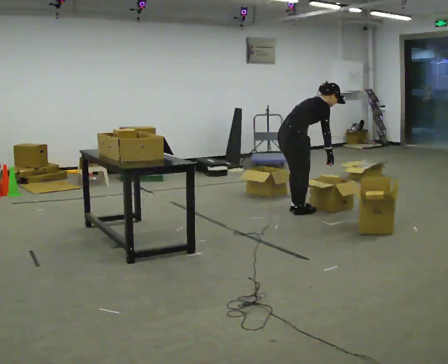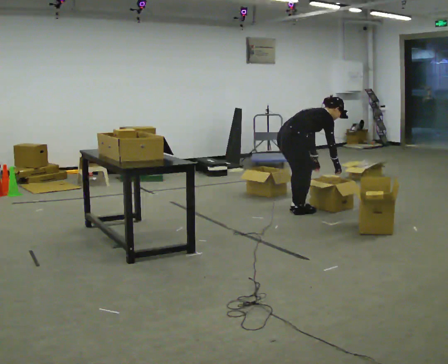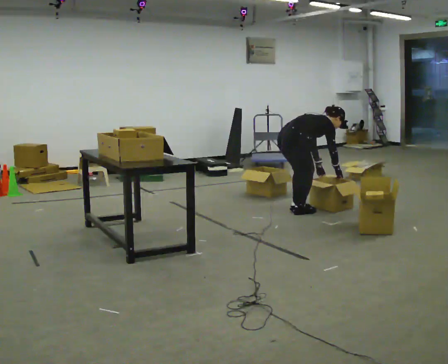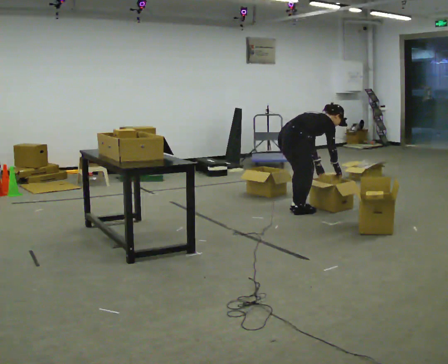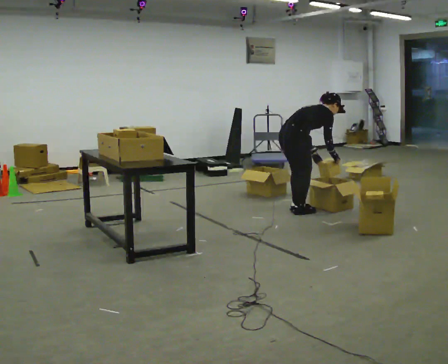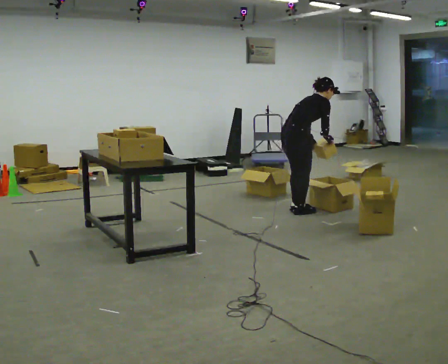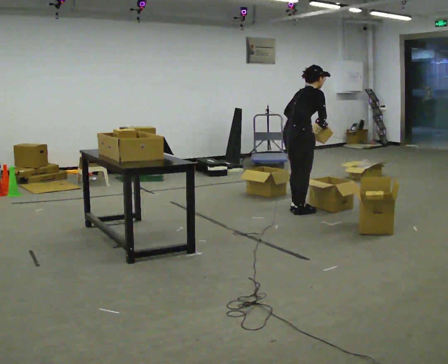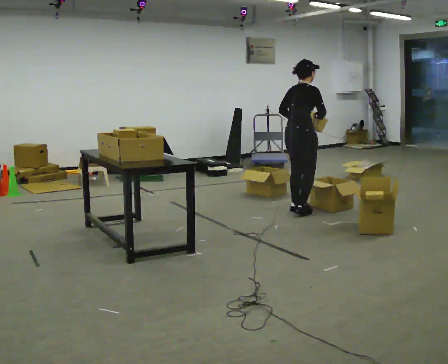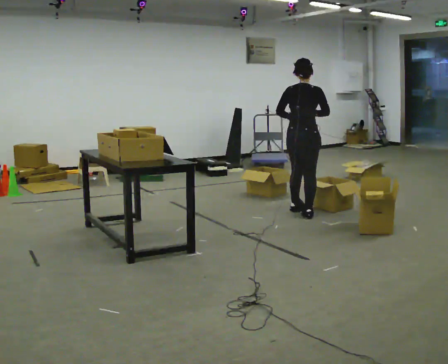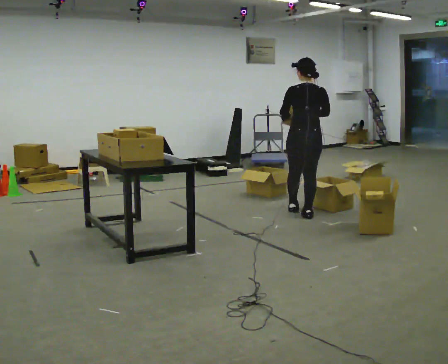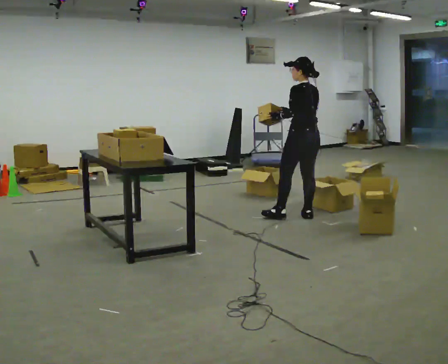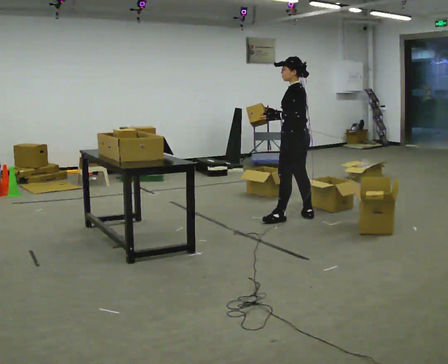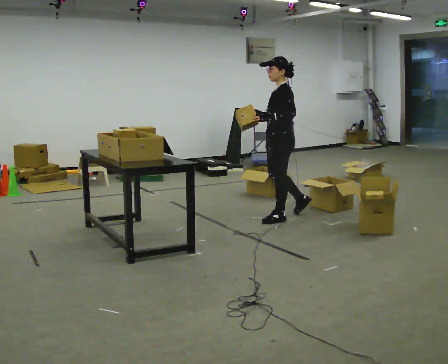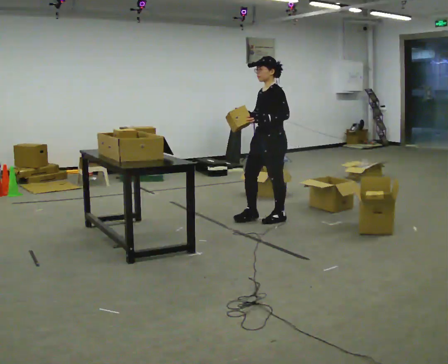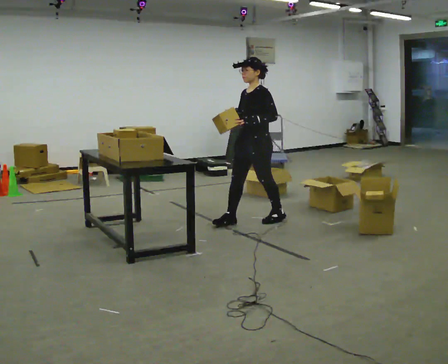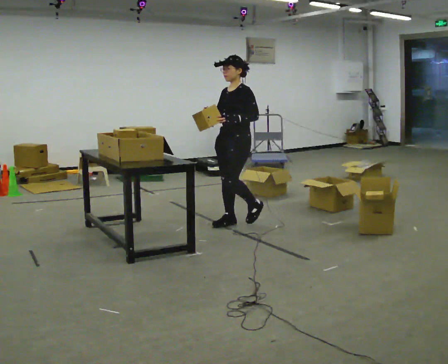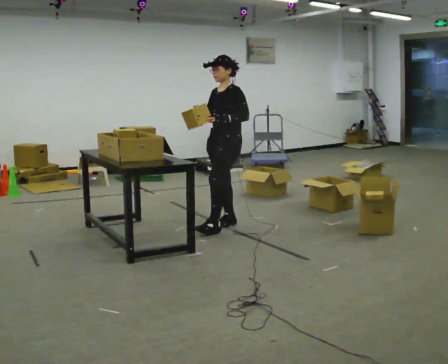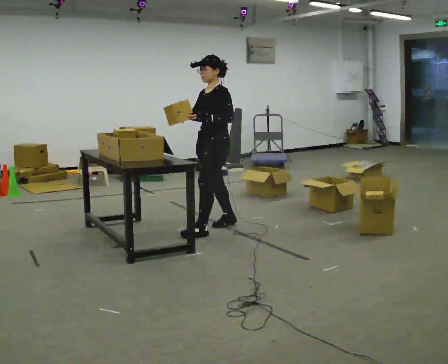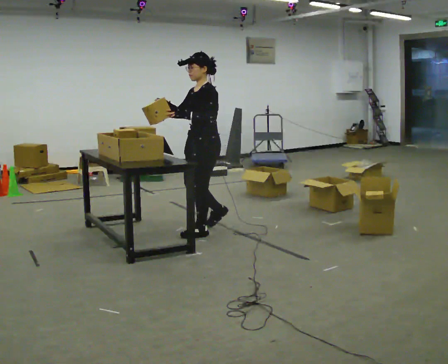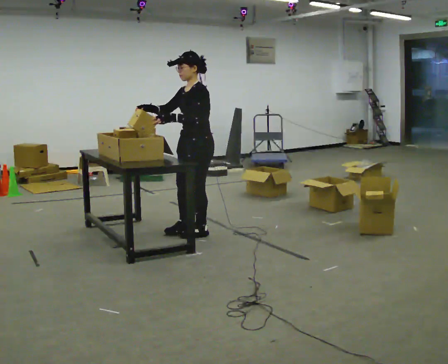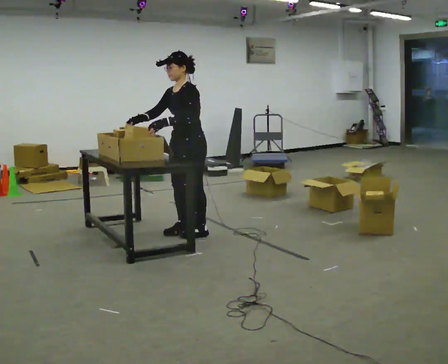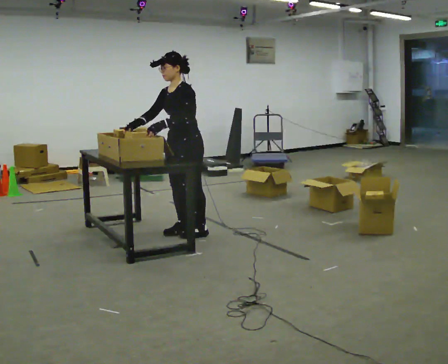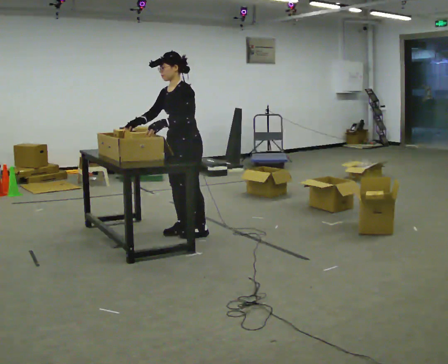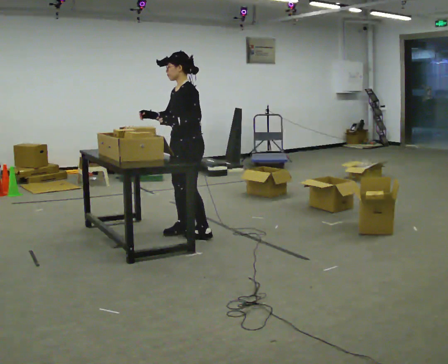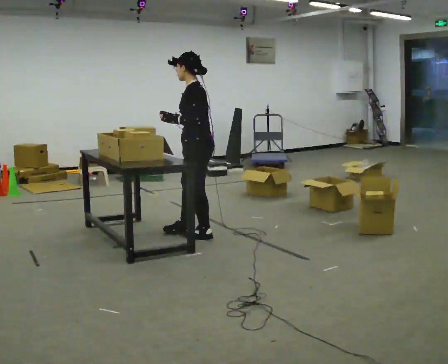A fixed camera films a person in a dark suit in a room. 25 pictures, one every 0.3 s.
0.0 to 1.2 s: The person moves a little, or ends about where they began.
1.2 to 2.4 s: Seen from above the body turns counterclockwise, about 30 degrees: to their left, with its near side sliding to the right. The shoulders move upward. In the picture the upper body tilts counterclockwise, shoulders to the left, as they lean back or straighten. In the picture their right hand goes upward.
2.4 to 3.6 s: The person turns about 120 degrees to their left, counterclockwise seen from above, so the part of the body nearest the lens slides to the right. In the picture they go toward the camera and to the left, about 0.25 m in 1 step.
3.6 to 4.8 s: The part of the body nearest the lens slides to the right as the person turns to their left by about 30 degrees. In the picture they go to the left, about 0.5 m in 1 step, which for them is forward.
4.8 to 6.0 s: In the picture they go toward the camera and to the left, about 0.5 m in 2 steps, which for them is forward.
6.0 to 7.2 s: The part of the body nearest the lens slides to the left as the person turns to their right by about 45 degrees.
The film runs forward here.
